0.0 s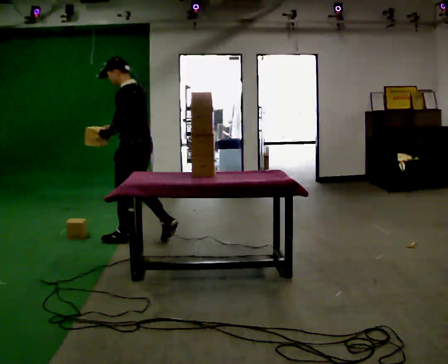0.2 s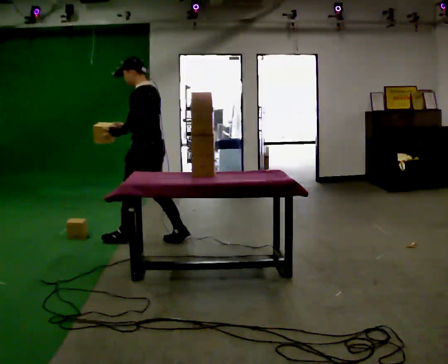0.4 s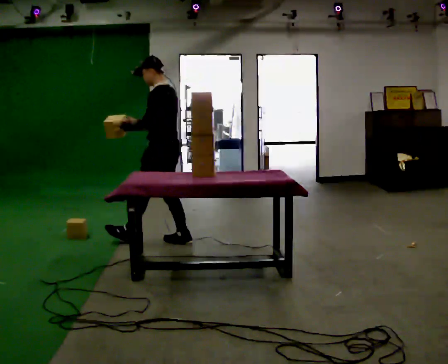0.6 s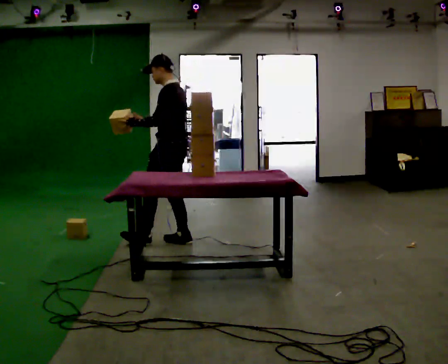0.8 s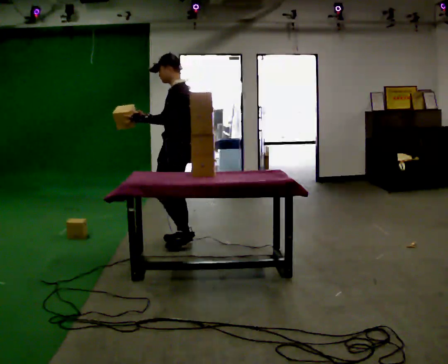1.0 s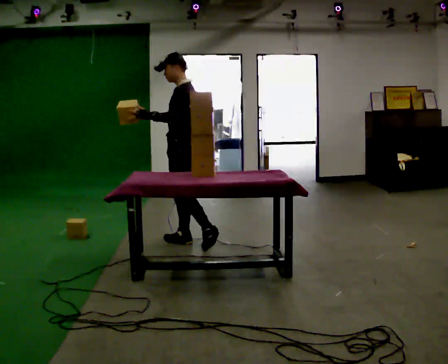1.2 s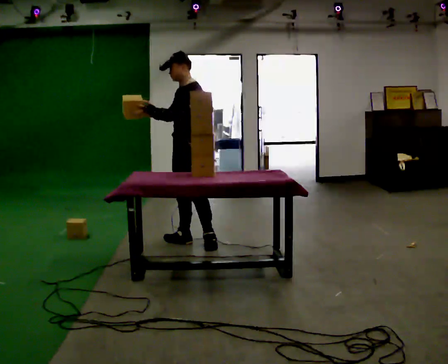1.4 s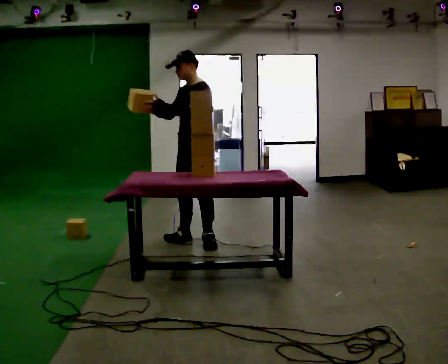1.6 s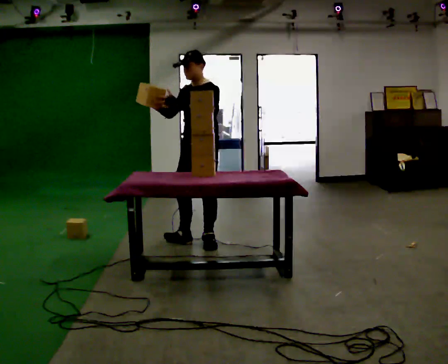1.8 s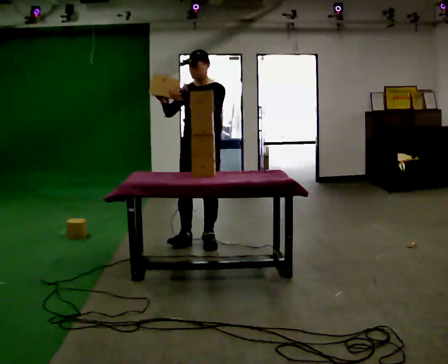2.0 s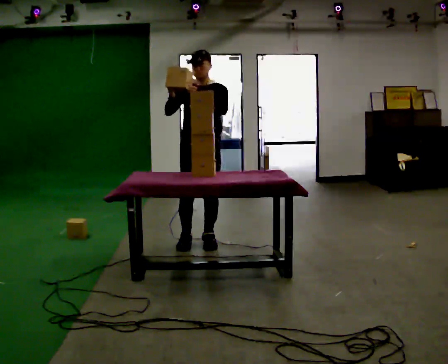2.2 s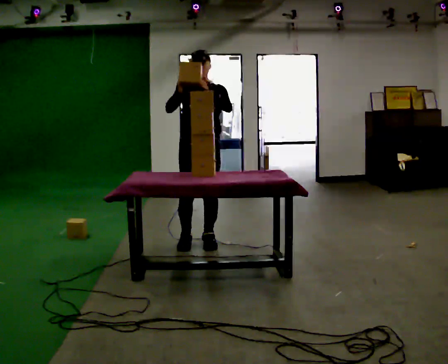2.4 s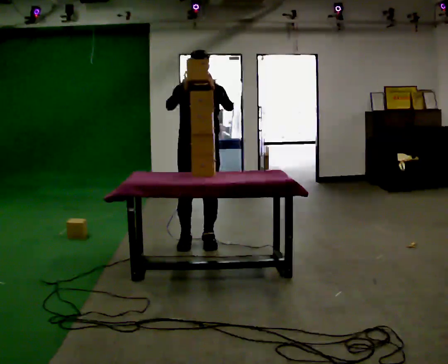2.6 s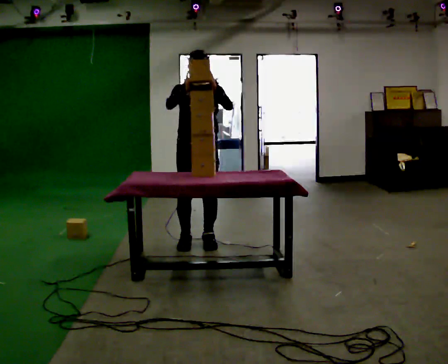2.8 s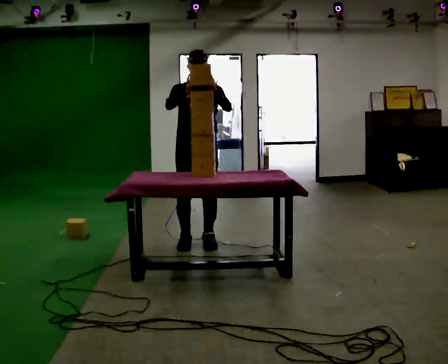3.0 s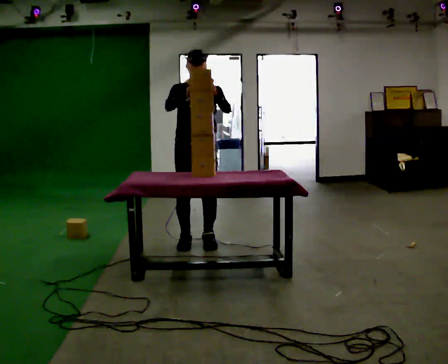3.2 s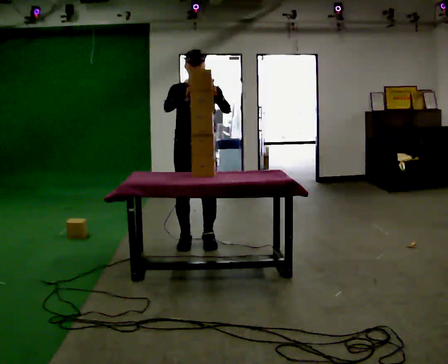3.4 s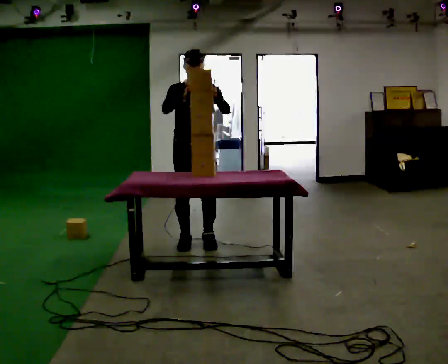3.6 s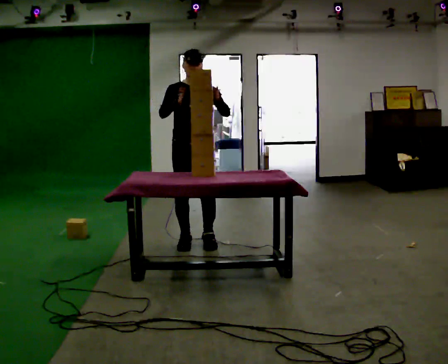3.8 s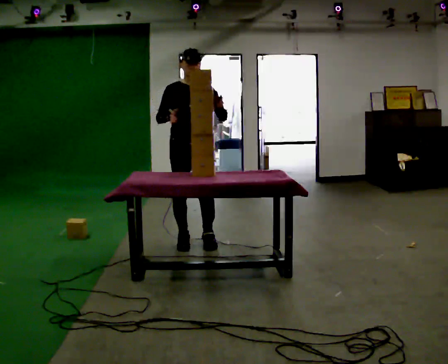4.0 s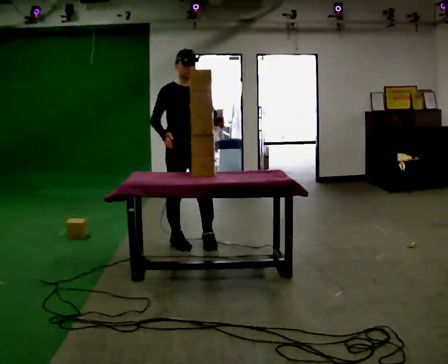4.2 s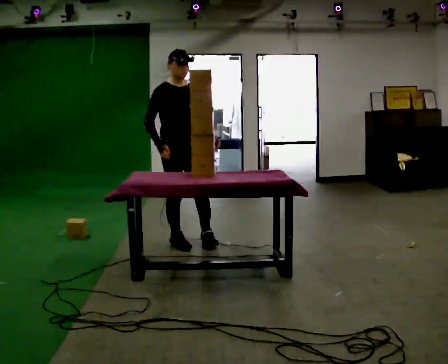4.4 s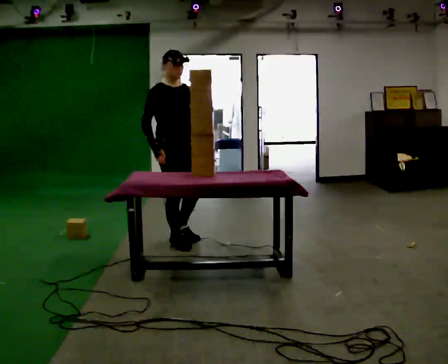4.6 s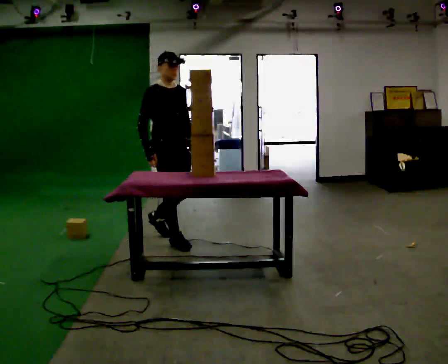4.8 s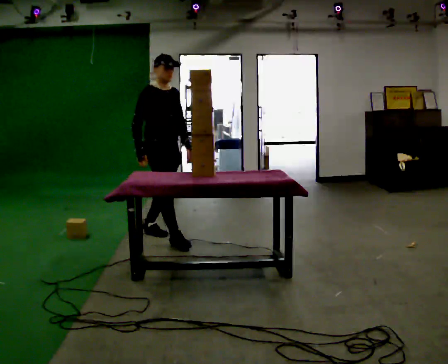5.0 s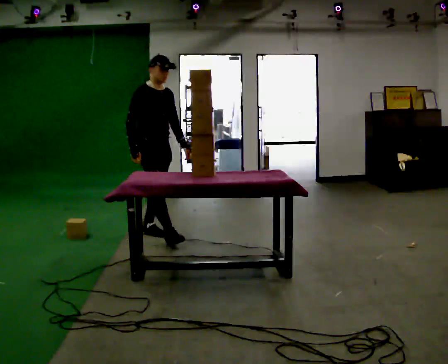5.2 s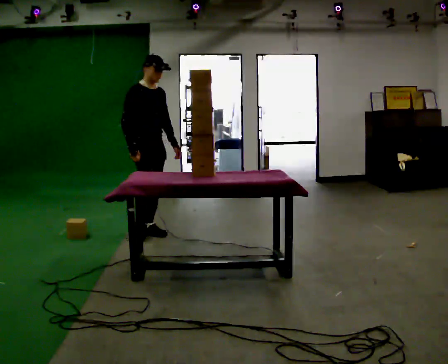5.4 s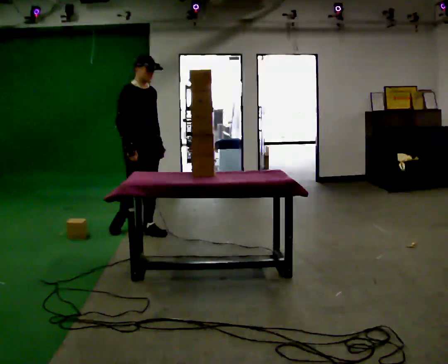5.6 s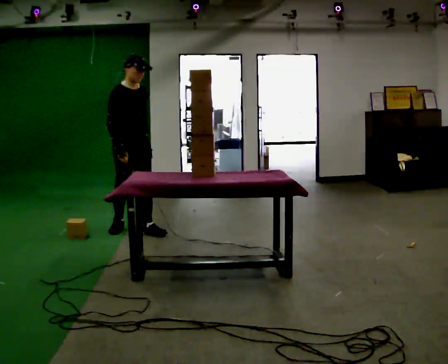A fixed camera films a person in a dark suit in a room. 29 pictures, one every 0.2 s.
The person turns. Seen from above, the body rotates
counterclockwise.
The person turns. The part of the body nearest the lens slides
to the right.
0.0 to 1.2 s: The person turns about 45 degrees to their left, counterclockwise seen from above, so the part of the body nearest the lens slides to the right. In the picture they go to the right, about 0.5 m in 1 step, which for them is backward.
1.2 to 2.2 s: The part of the body nearest the lens slides to the right as the person turns to their left by about 60 degrees.
2.2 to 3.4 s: The person moves a little, or ends about where they began.
3.4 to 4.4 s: Seen from above the body turns counterclockwise, about 30 degrees: to their left, with its near side sliding to the right. In the picture they go to the left, about 0.25 m in 1 step, which for them is to their right. In the picture their left hand goes downward.
4.4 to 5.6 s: In the picture they go to the left and away from the camera, about 0.5 m in 1 step, which for them is backward.
The film runs backward here.
